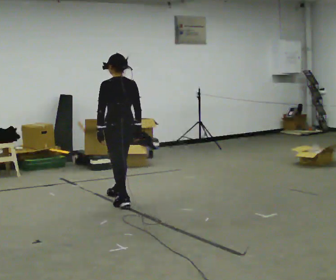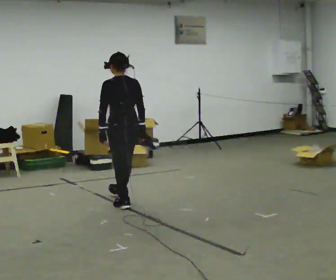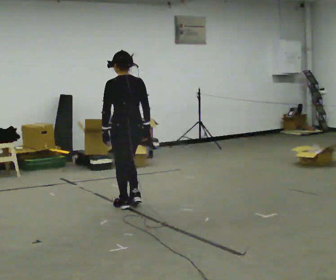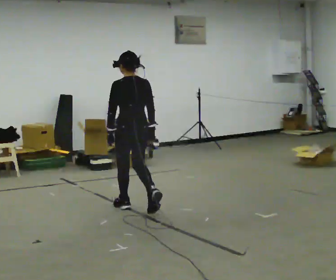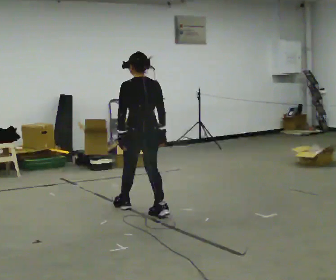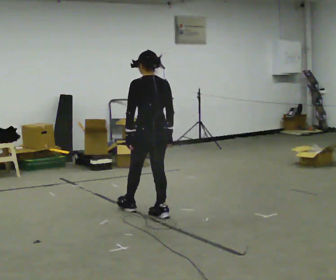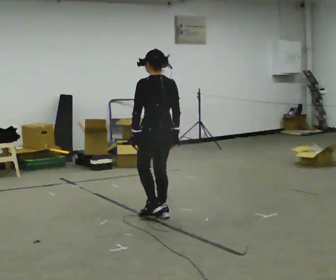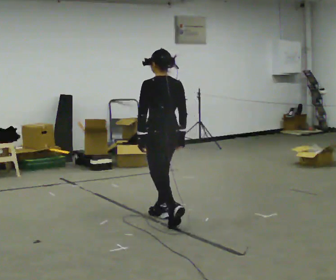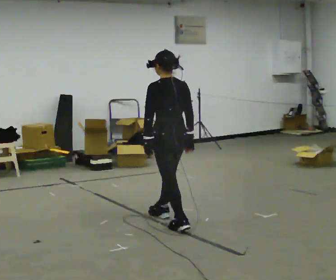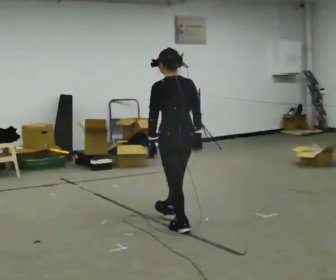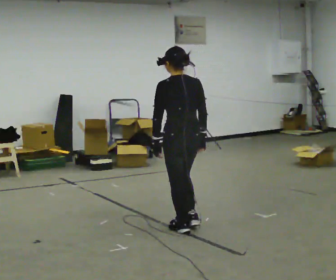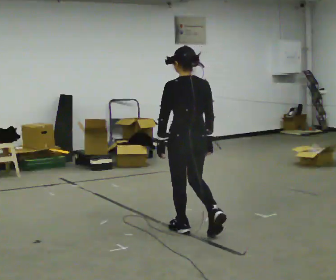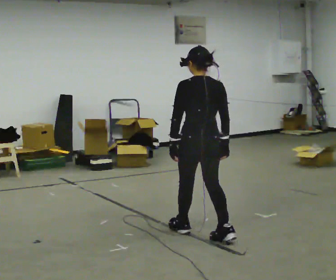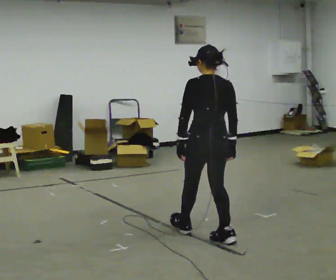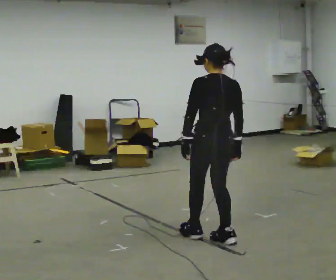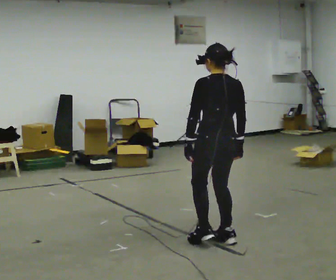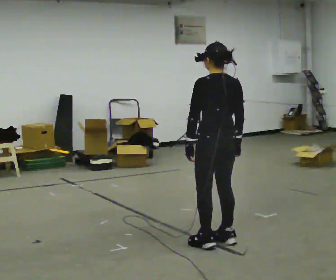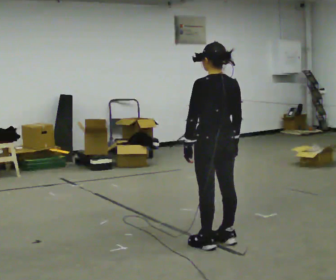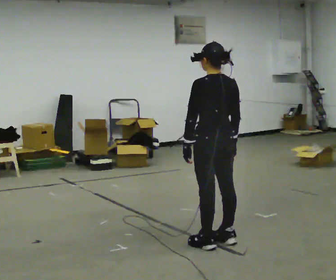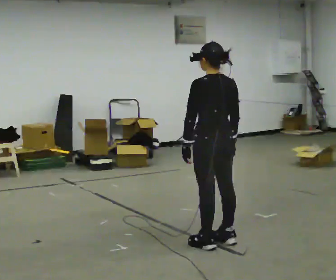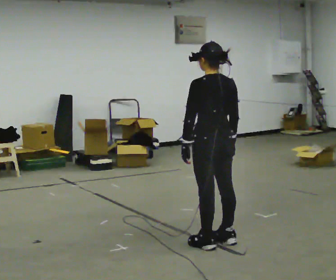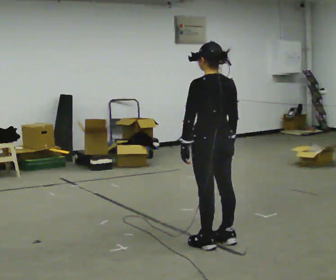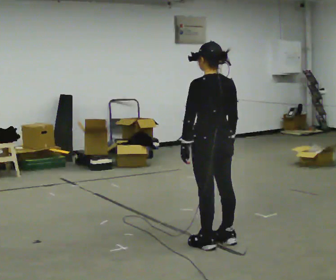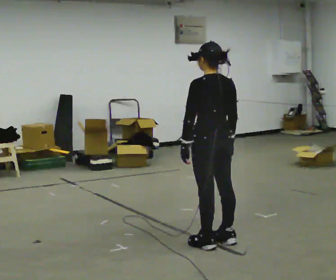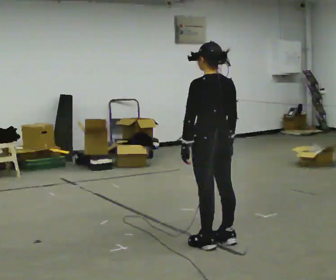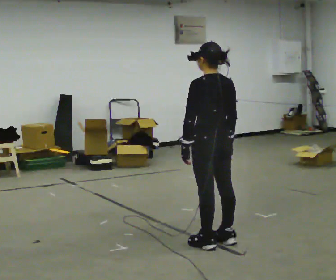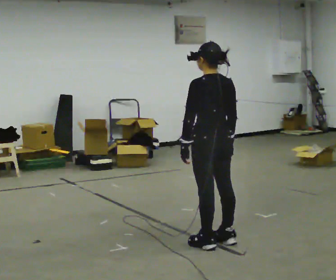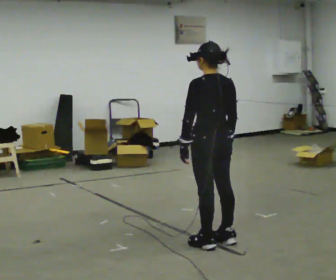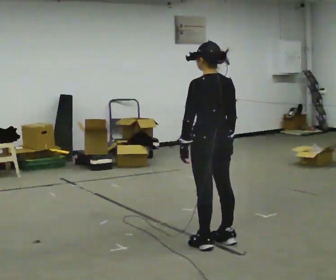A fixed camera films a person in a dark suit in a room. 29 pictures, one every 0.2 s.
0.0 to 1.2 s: In the picture they go toward the camera and to the right, about 0.75 m in 2 steps, which for them is backward.
1.2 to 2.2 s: In the picture they go toward the camera and to the right, about 0.5 m in 1 step, which for them is backward.
2.2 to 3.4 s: In the picture they go toward the camera and to the right, about 0.25 m in 1 step, which for them is backward.
3.4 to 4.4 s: The person moves a little, or ends about where they began.
4.4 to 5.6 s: The person keeps their place and pose.
The film runs backward here.
